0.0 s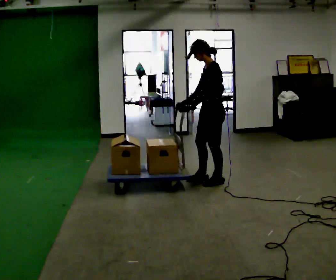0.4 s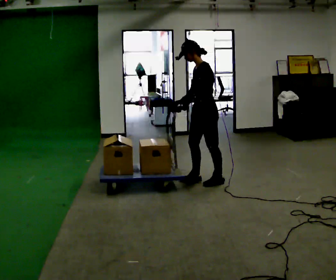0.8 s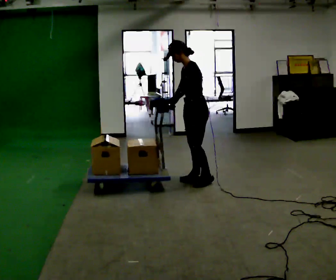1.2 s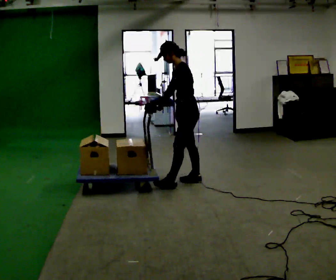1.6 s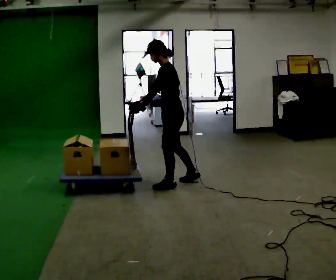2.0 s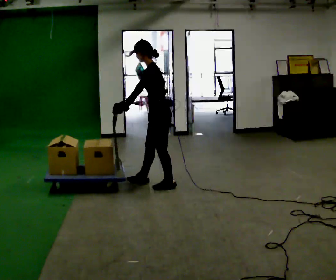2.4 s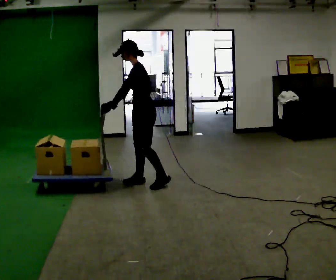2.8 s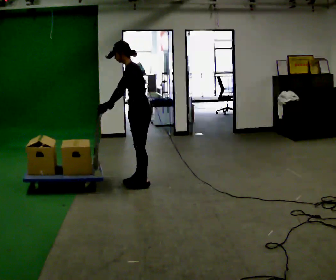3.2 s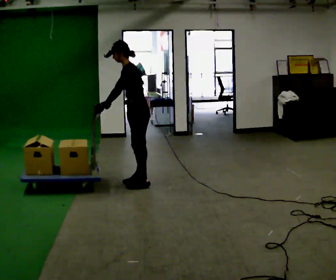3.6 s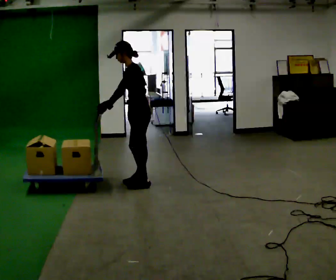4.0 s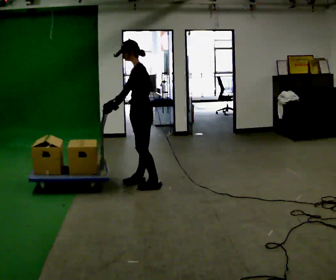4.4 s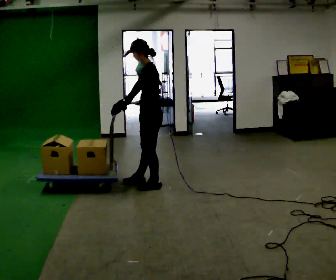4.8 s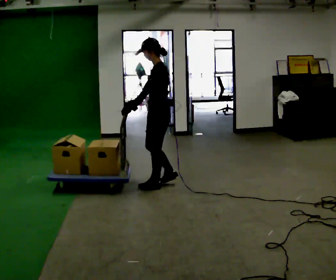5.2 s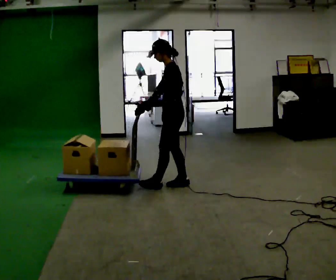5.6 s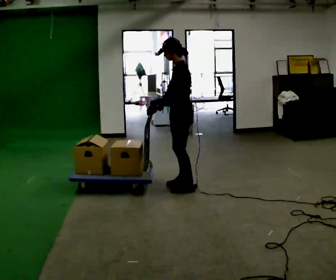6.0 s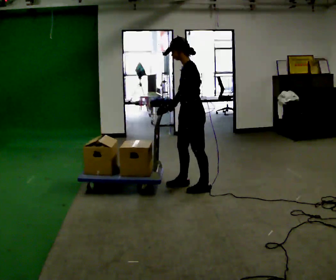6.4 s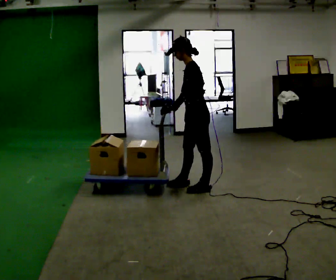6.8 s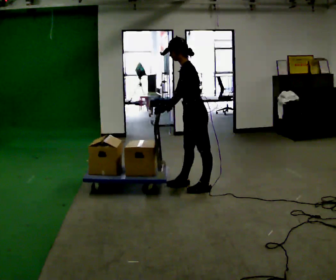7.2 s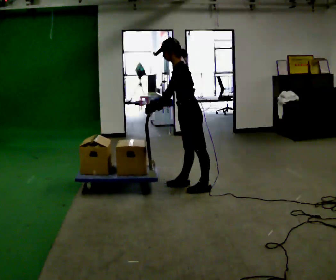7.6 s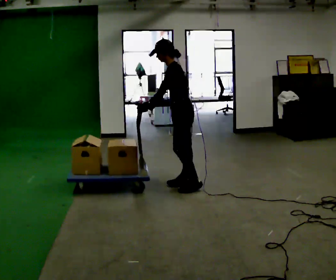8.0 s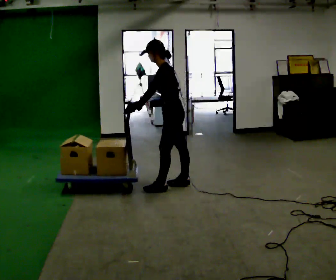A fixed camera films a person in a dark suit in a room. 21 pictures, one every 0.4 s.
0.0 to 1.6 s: In the picture they go to the left, about 0.5 m in 1 step, which for them is forward.
1.6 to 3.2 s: In the picture they go to the left, about 0.5 m in 2 steps, which for them is forward and to their right.
3.2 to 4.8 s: In the picture they go to the right and toward the camera, about 0.25 m, which for them is backward and to their left. In the picture the upper body tilts clockwise, shoulders to the right, as they lean back or straighten.
4.8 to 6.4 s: In the picture they go to the right, about 0.5 m in 2 steps, which for them is backward.
6.4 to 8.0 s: In the picture they go to the left, about 0.25 m in 1 step, which for them is forward.
The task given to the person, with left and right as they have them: Get the cart into the marked parking space and lined up with the tape. Take as many adjustments as you need. Then take it out again and repeat.
The film runs forward here.
